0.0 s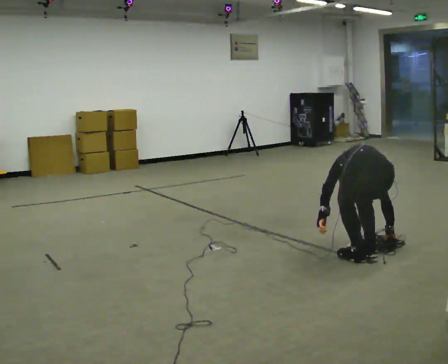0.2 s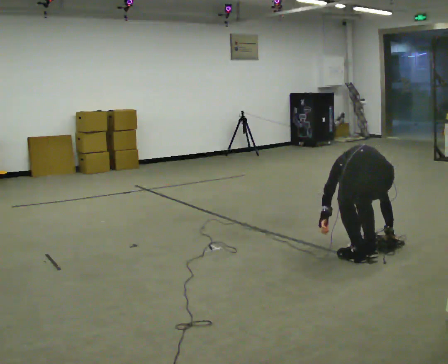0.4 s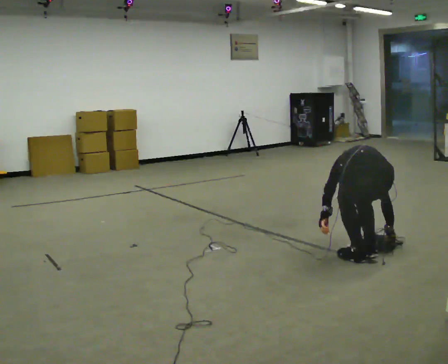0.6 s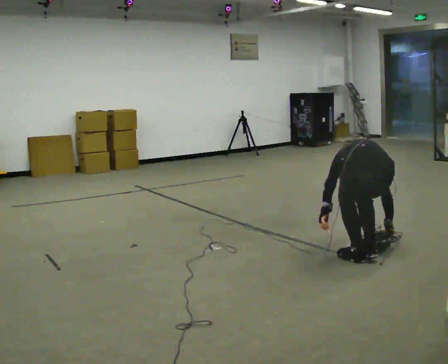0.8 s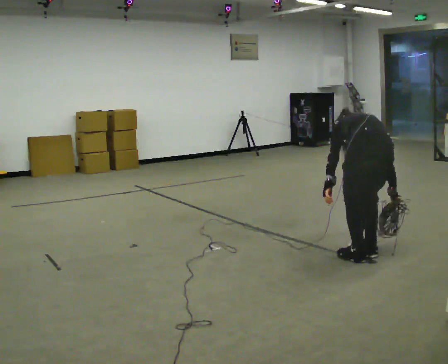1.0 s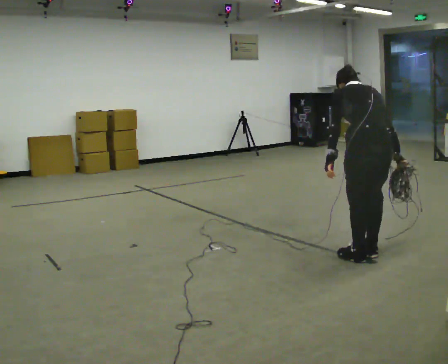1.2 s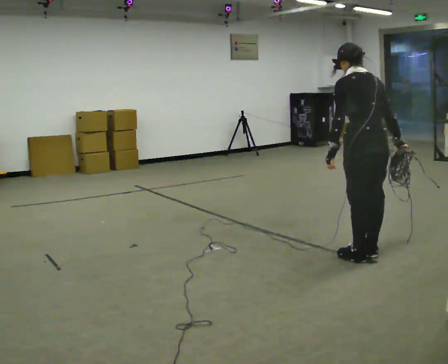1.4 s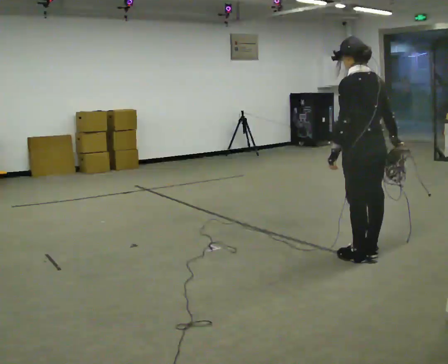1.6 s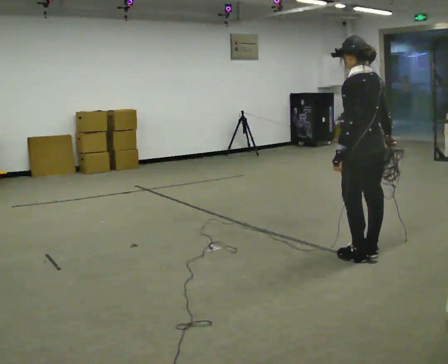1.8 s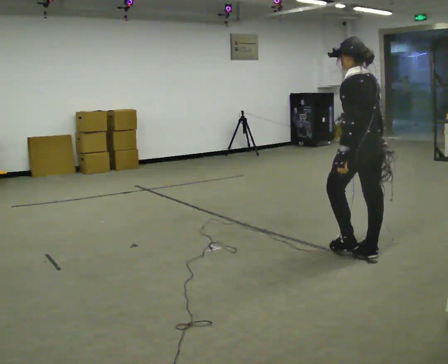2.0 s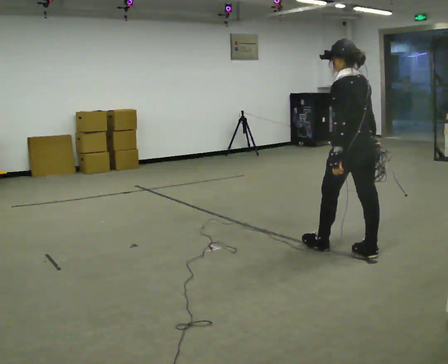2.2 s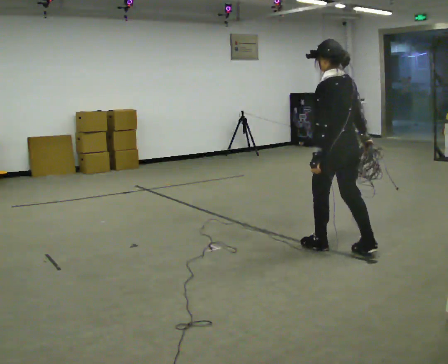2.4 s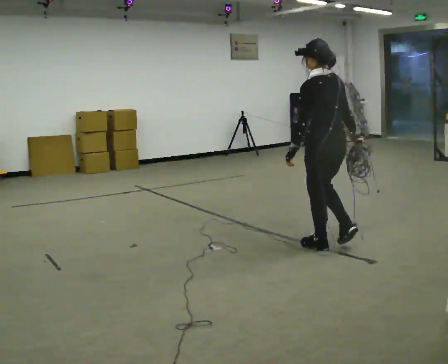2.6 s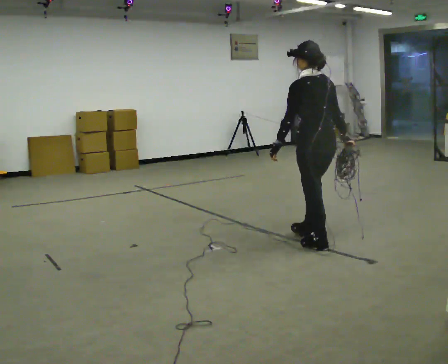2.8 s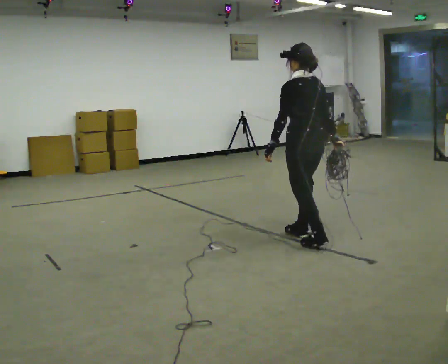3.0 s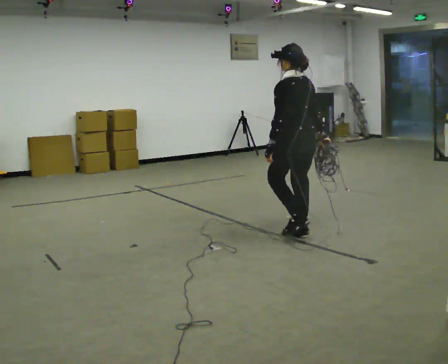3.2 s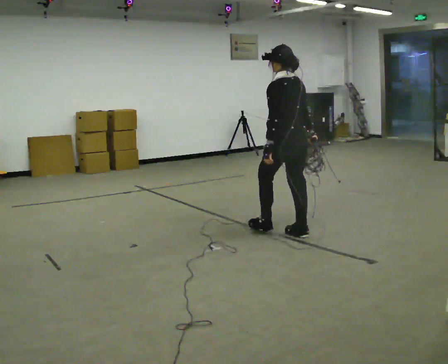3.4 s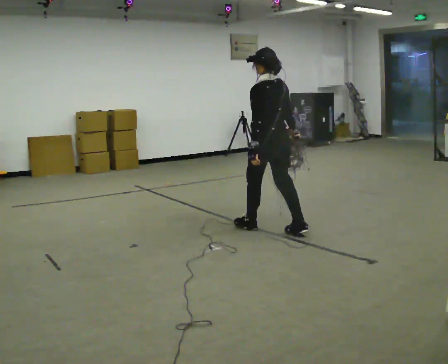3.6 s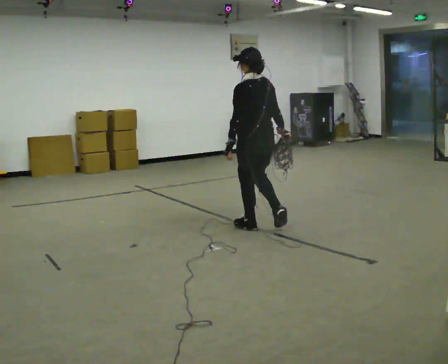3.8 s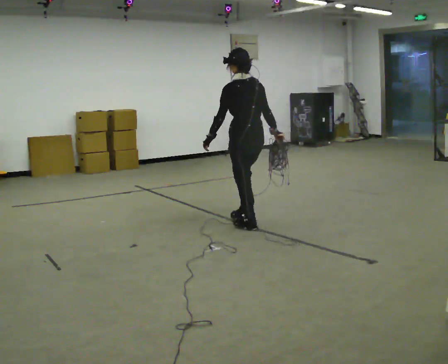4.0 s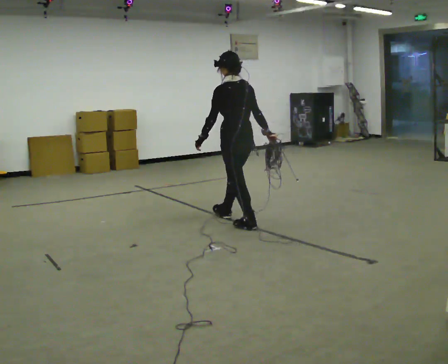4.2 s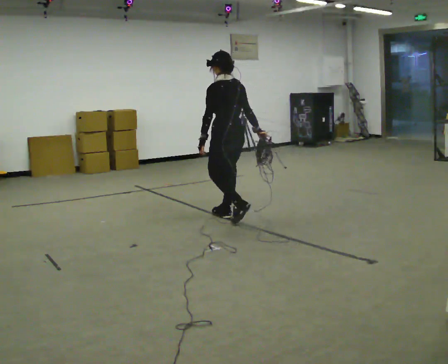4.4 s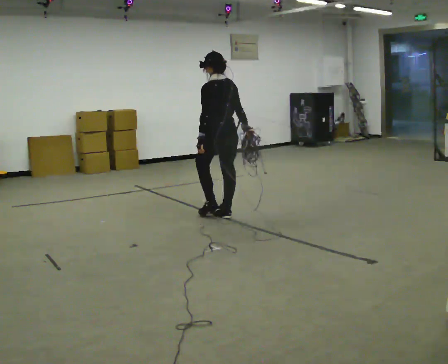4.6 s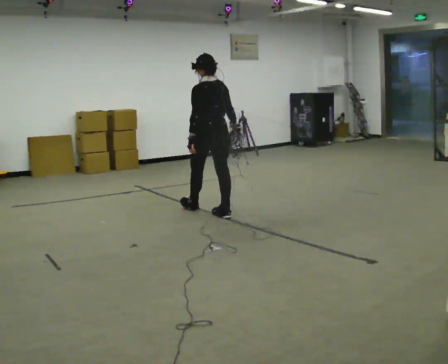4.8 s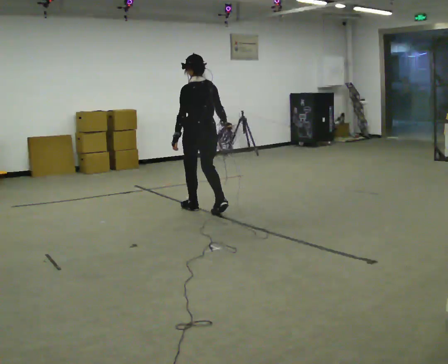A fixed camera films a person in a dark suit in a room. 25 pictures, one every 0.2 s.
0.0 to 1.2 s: The upper body goes upward. The upper body tips toward the camera, its near side rolling downward, as they lean back or straighten. In the picture their left hand goes upward.
1.2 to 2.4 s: In the picture they go to the left and away from the camera, about 0.5 m in 1 step, which for them is forward.
2.4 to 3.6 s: In the picture they go to the left and away from the camera, about 1 m in 2 steps, which for them is forward.
3.6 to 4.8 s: In the picture they go to the left and away from the camera, about 1 m in 2 steps, which for them is forward.
The film runs forward here.
